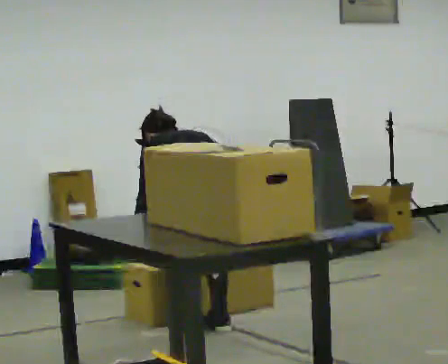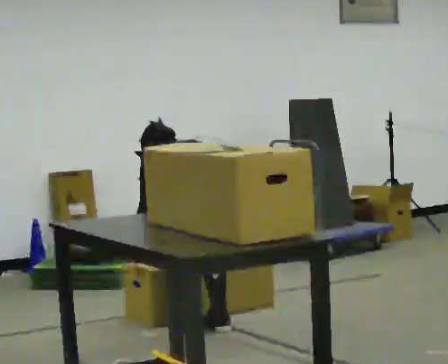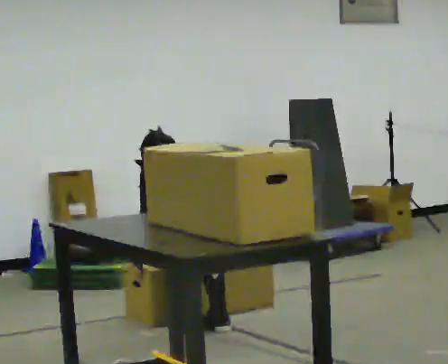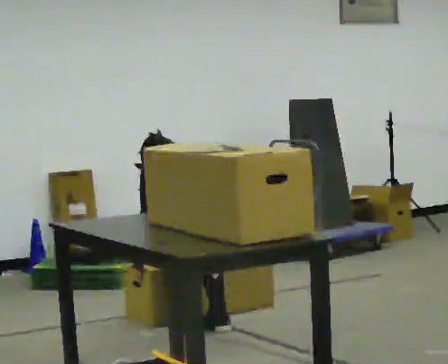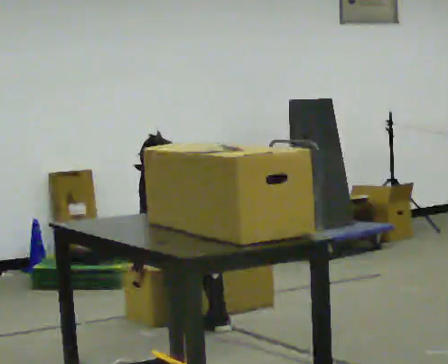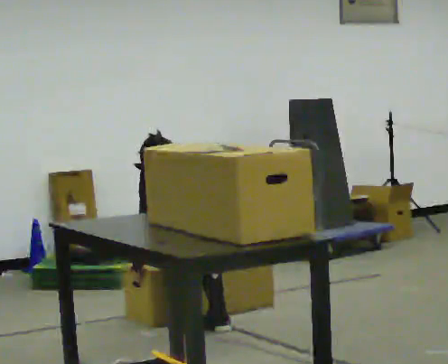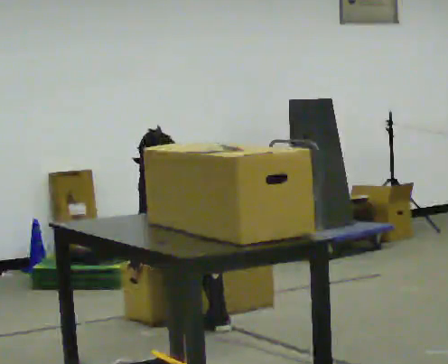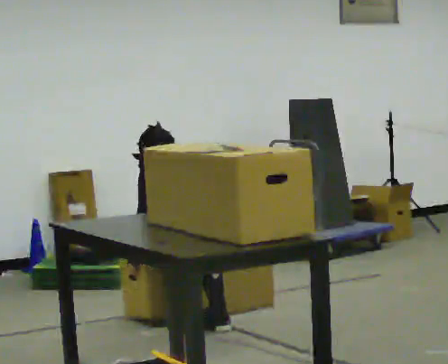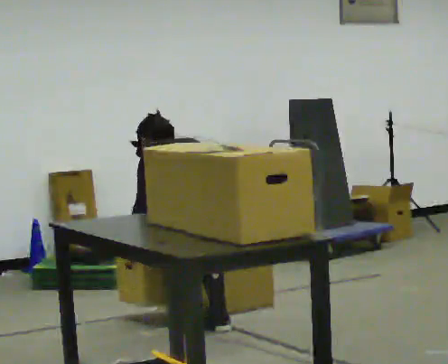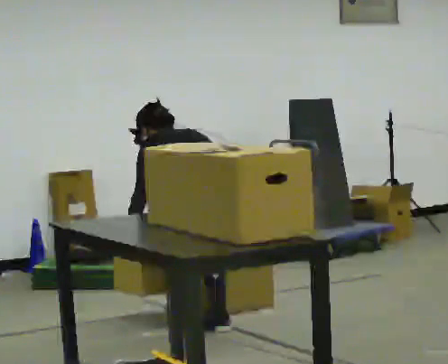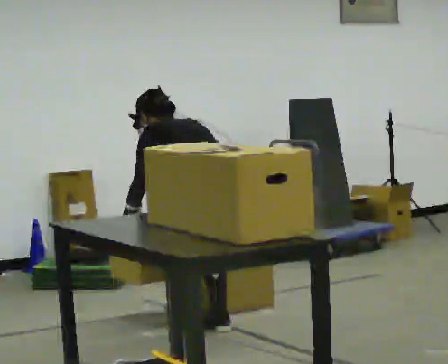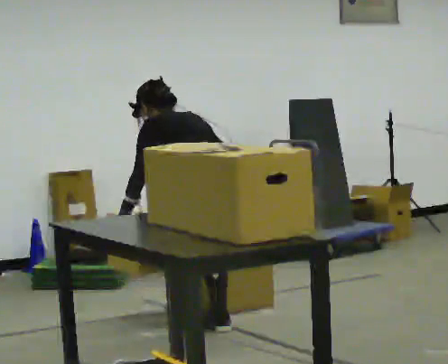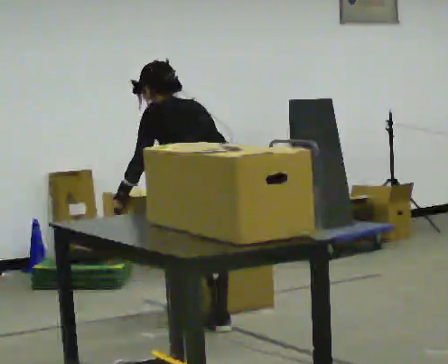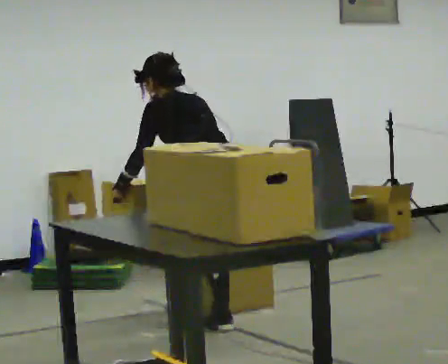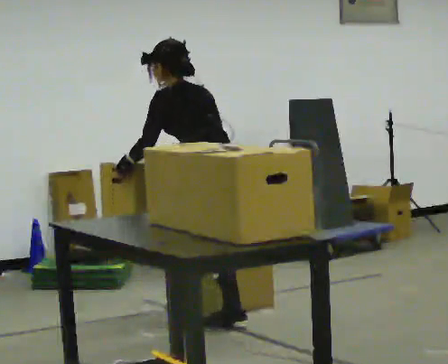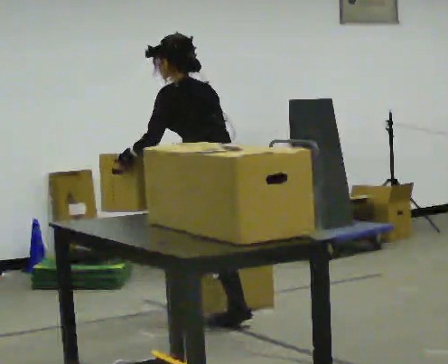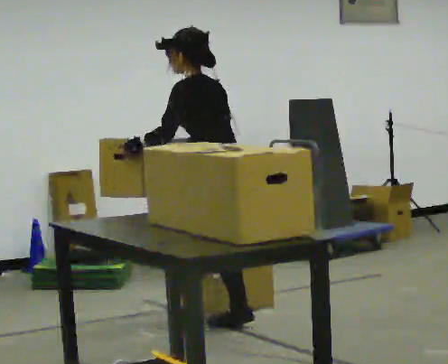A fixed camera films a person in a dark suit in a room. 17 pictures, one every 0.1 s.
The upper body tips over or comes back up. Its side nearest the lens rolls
downward.
0.0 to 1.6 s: Seen from above the body turns counterclockwise, about 30 degrees: to their left, with its near side sliding to the right. The upper body tips toward the camera, its near side rolling downward, as they lean back or straighten. In the picture their right hand goes upward.
The film runs forward here.
